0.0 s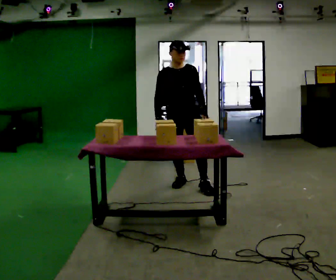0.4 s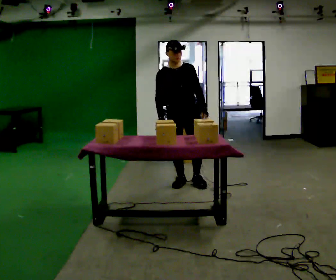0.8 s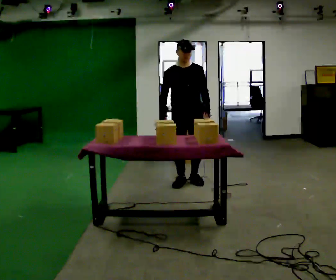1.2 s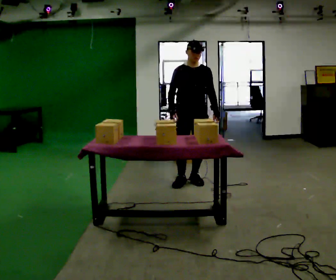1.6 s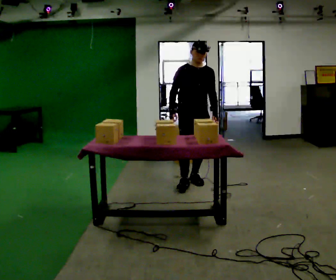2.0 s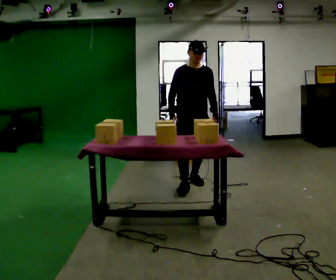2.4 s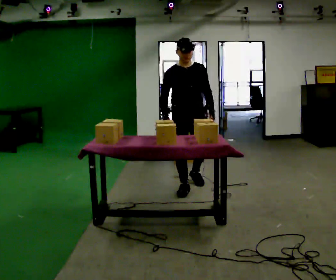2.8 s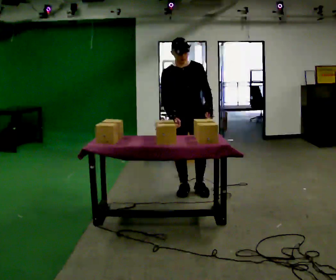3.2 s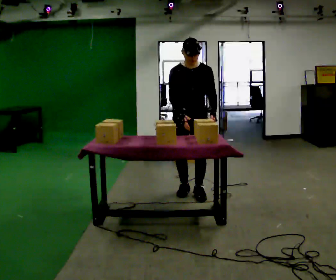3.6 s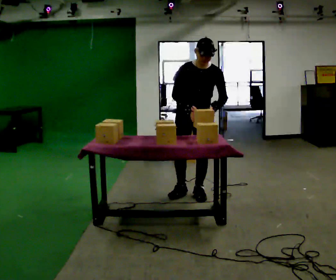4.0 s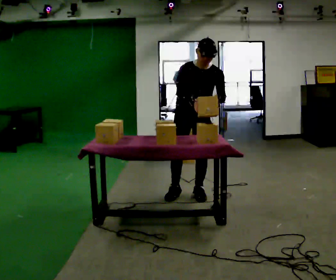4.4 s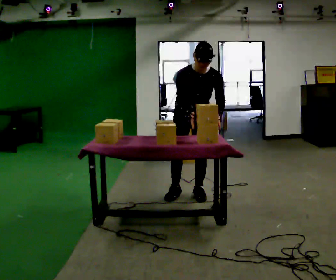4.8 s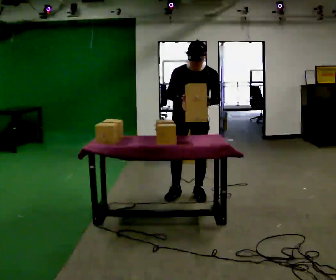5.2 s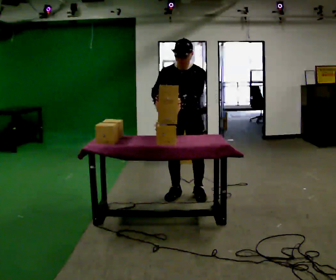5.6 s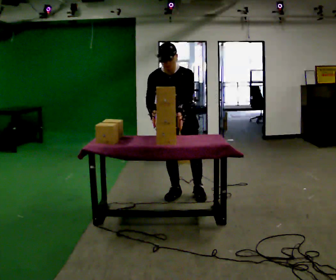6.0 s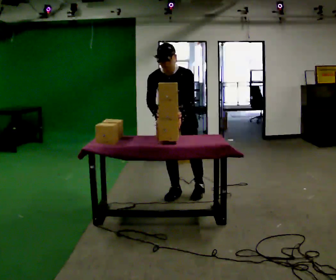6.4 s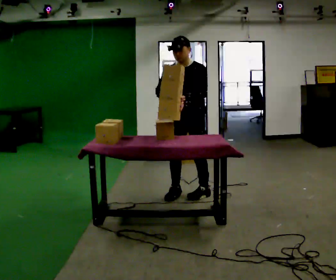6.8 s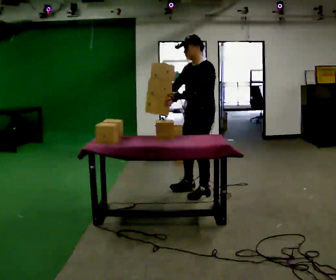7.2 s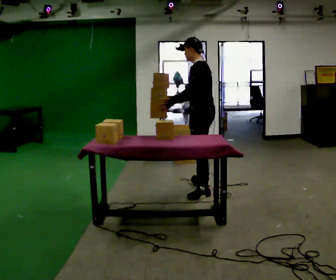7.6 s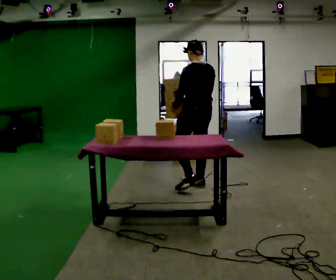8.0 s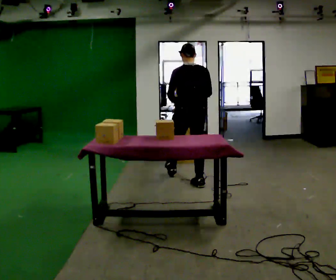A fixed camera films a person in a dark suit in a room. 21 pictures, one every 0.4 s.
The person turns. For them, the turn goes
to their right.
The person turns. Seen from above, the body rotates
clockwise.
0.0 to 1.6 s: The person moves a little, or ends about where they began.
1.6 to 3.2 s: In the picture they go toward the camera, about 0.5 m in 2 steps, which for them is forward. The upper body tips toward the camera, its near side rolling downward, as they bend forward.
3.2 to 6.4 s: The part of the body nearest the lens slides to the left as the person turns to their right by about 30 degrees.
6.4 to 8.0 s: Seen from above the body turns clockwise, about 150 degrees: to their right, with its near side sliding to the left. In the picture they go away from the camera, about 0.5 m in 1 step.
The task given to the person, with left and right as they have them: Carry the box over and put it on the shelf with the label facing out towards you. Get the orientation right, not just the position. Keep going until the operator says stop; one object at a time, and do not rush between trips.
The film runs forward here.
